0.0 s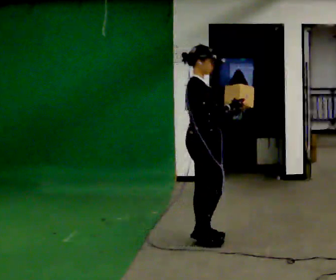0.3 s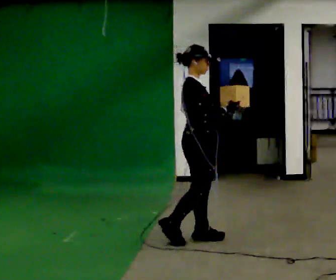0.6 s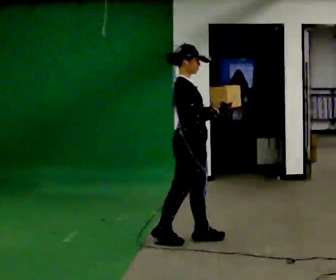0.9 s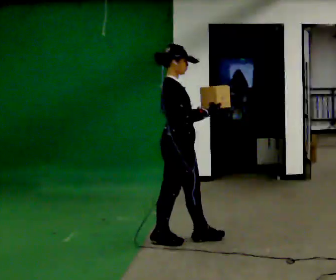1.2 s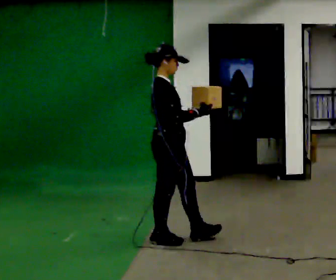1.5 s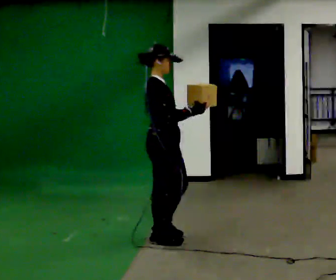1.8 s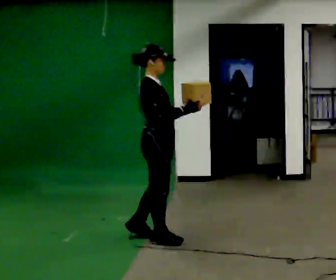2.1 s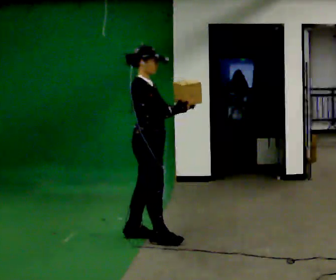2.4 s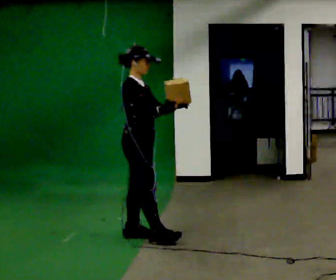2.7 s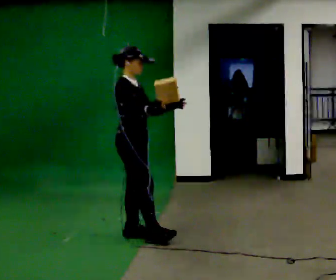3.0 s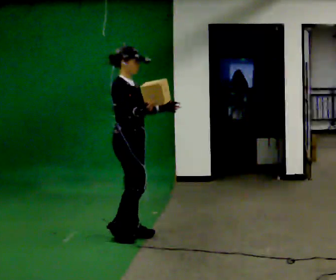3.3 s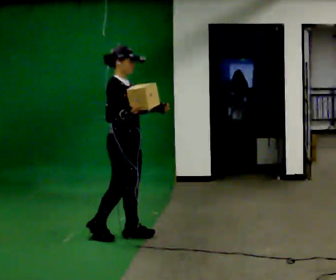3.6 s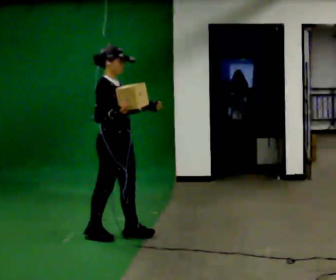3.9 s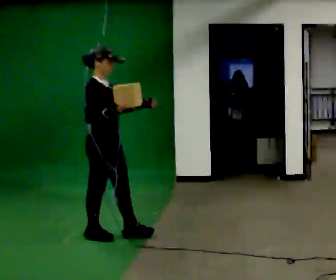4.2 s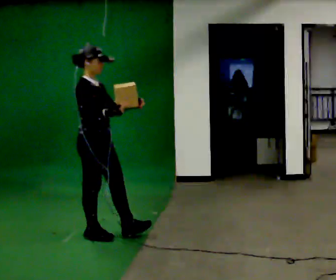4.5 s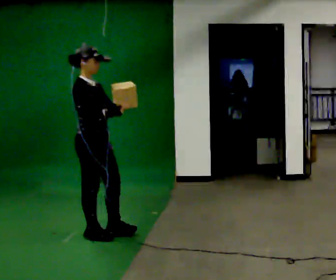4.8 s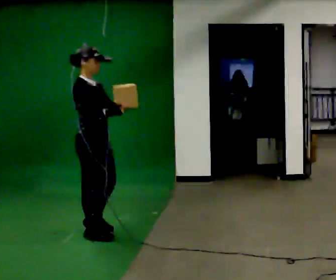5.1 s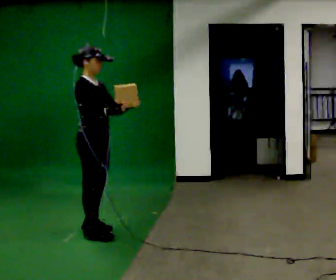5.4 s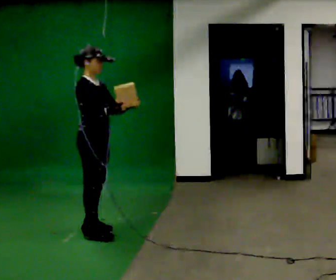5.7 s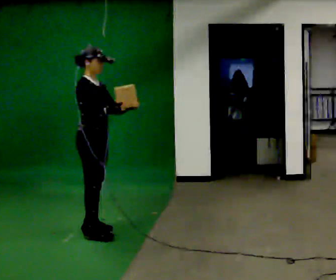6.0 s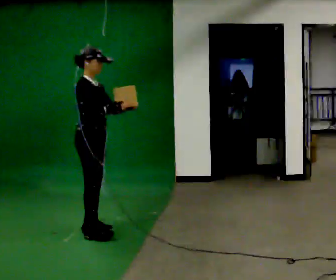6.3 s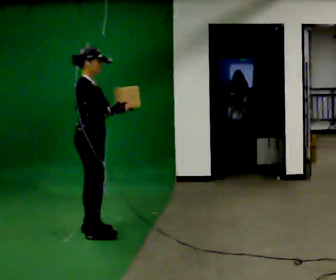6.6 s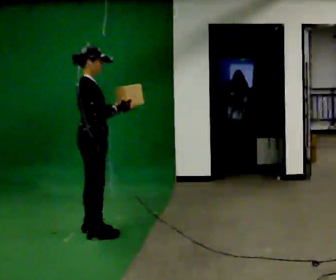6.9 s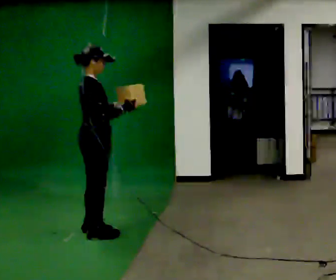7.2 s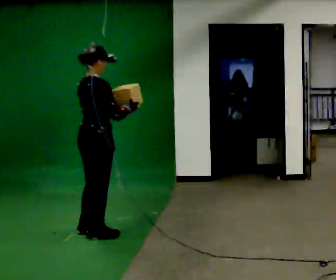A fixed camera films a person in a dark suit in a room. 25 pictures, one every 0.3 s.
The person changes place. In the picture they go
to the left.
0.0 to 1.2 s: In the picture they go to the left, about 0.25 m in 1 step, which for them is backward.
1.2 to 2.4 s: In the picture they go to the left and away from the camera, about 0.25 m, which for them is backward and to their left.
2.4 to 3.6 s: In the picture they go to the left, about 0.25 m in 1 step, which for them is backward.
3.6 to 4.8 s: In the picture they go to the left, about 0.25 m in 1 step, which for them is backward.
4.8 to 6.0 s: In the picture they go away from the camera, about 0.25 m, which for them is to their left.
6.0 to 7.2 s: Seen from above the body turns counterclockwise, about 60 degrees: to their left, with its near side sliding to the right. In the picture they go toward the camera, about 0.25 m in 1 step, which for them is to their right.
The film runs backward here.
